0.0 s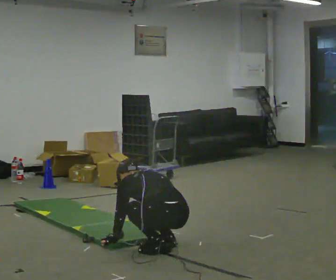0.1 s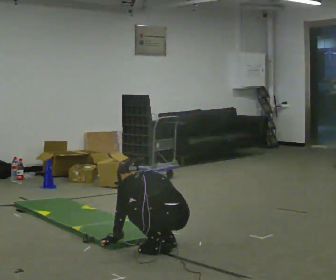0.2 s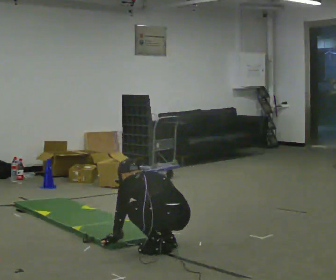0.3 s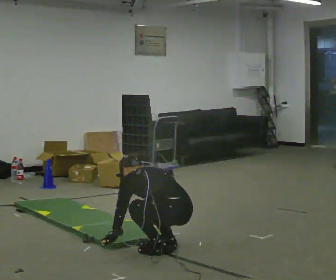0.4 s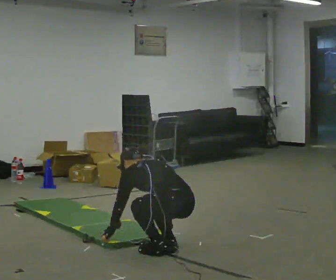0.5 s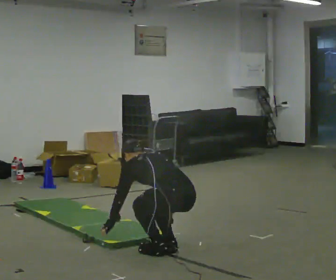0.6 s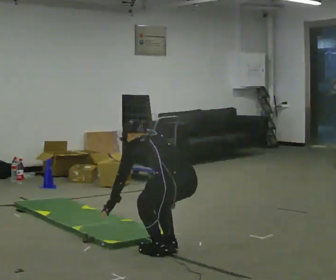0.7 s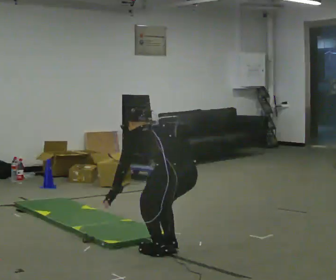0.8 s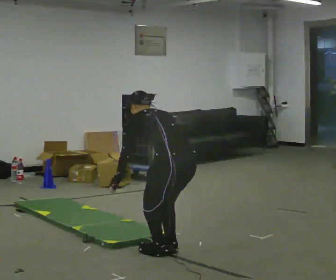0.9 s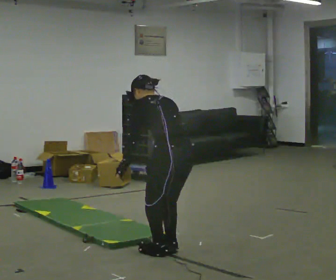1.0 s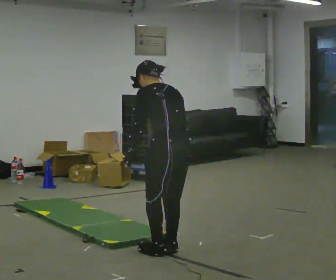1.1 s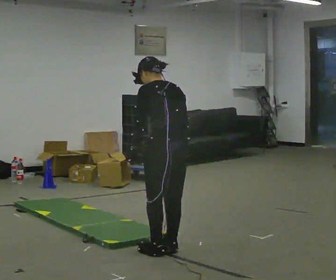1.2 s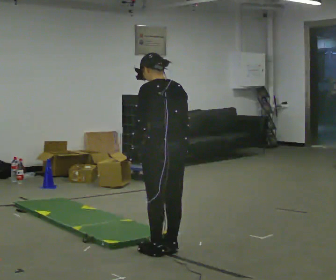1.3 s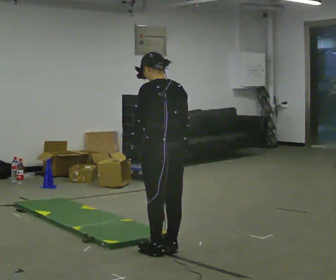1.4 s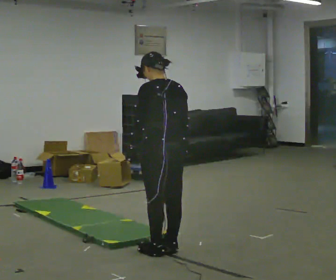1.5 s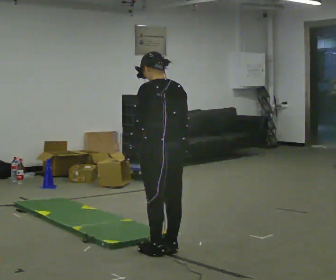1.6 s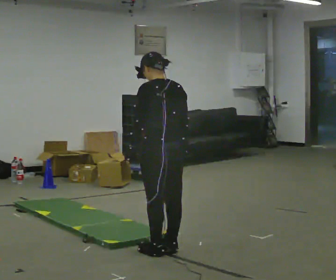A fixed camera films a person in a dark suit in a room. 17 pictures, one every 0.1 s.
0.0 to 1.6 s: The shoulders move upward. The upper body tips toward the camera, its near side rolling downward, as they lean back or straighten. In the picture their right hand goes upward.
The film runs backward here.
